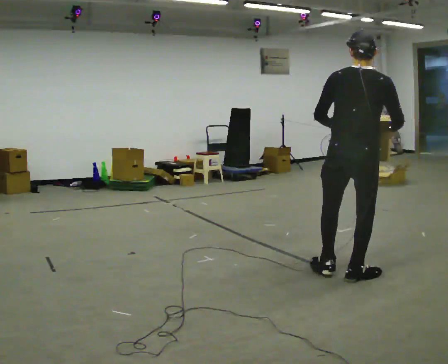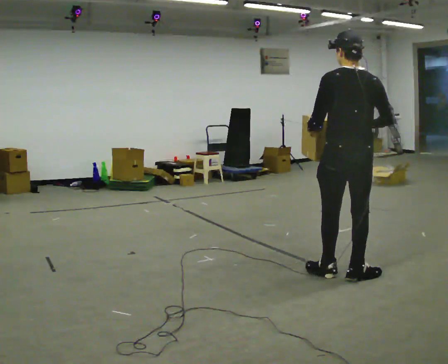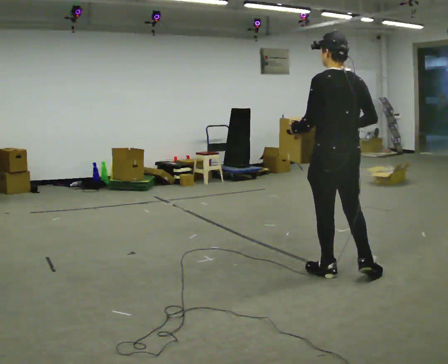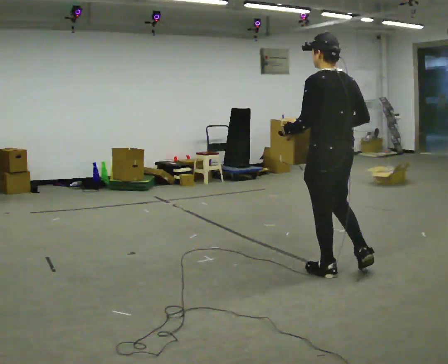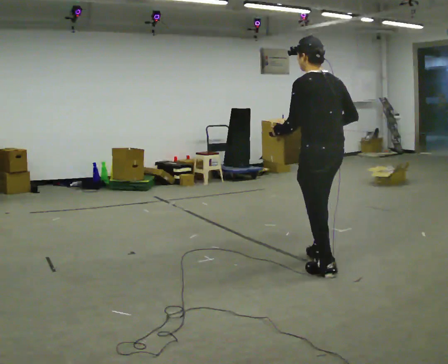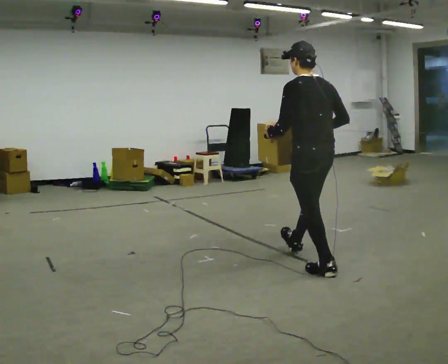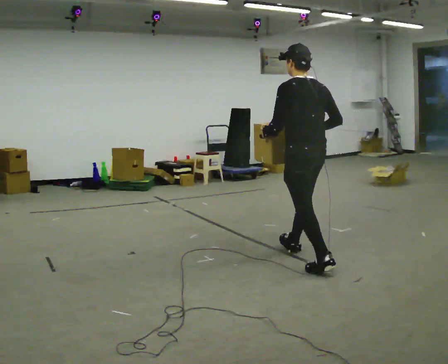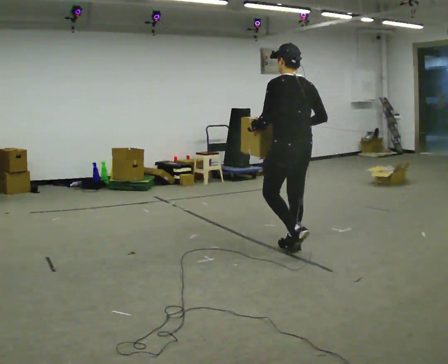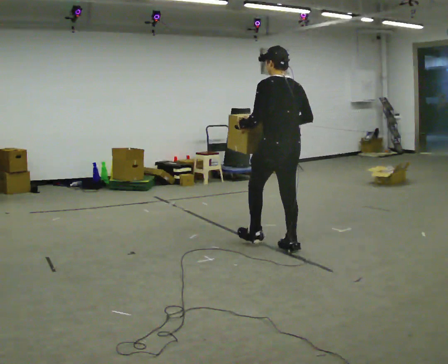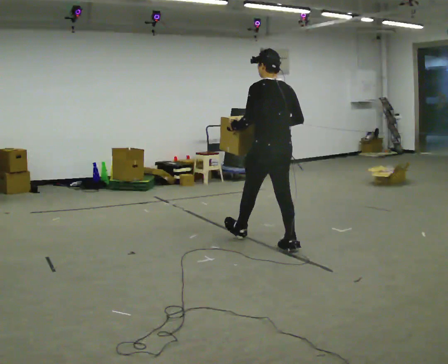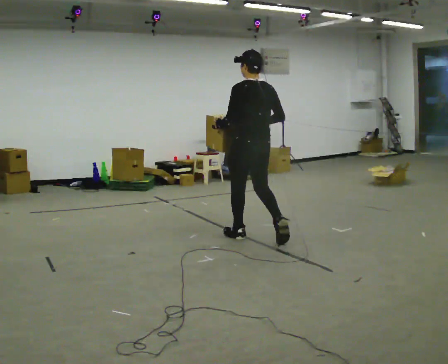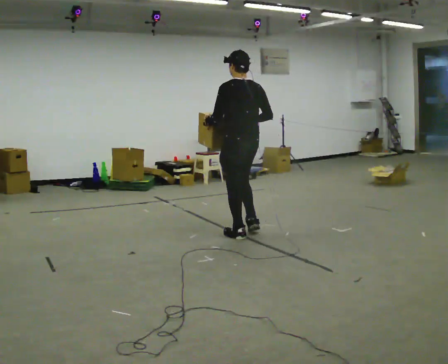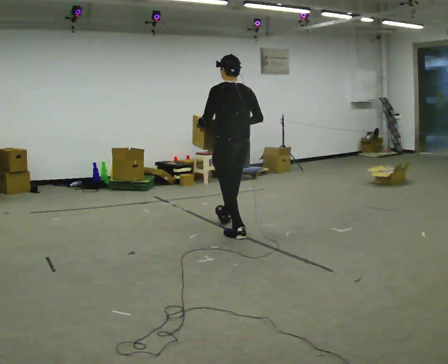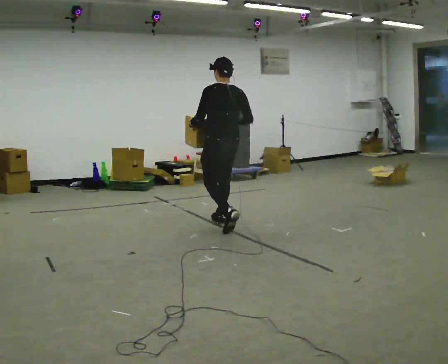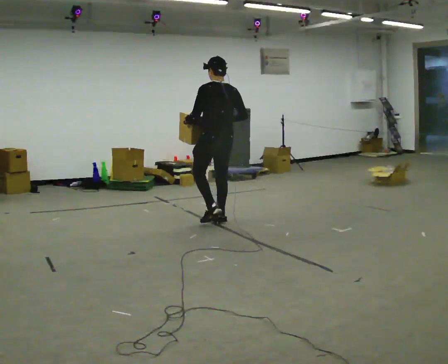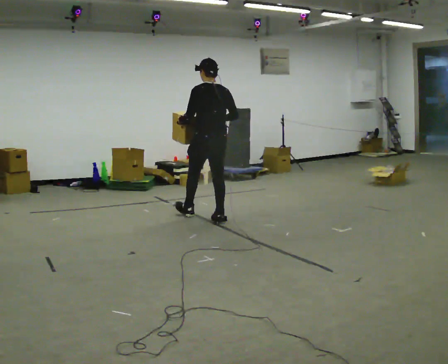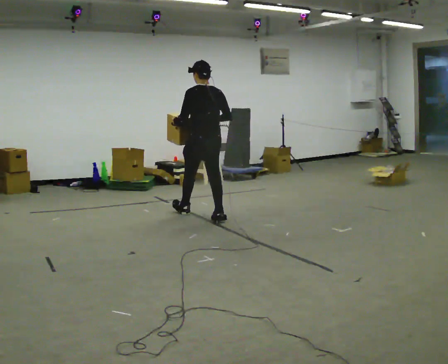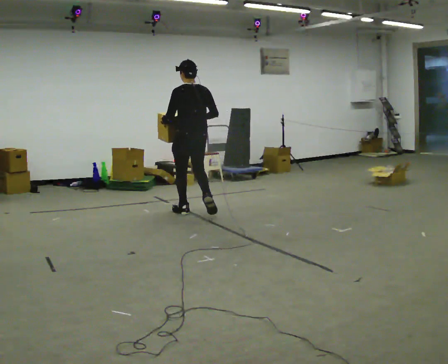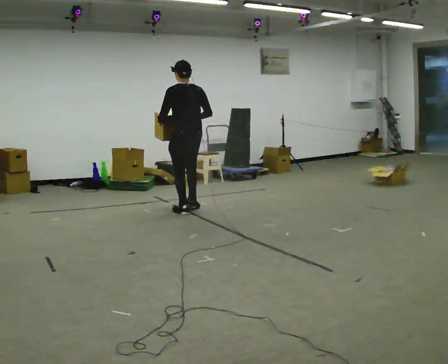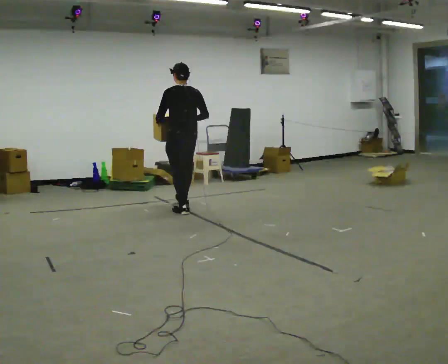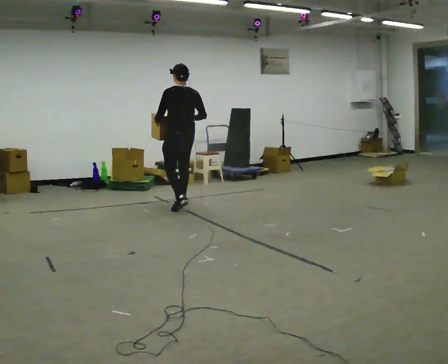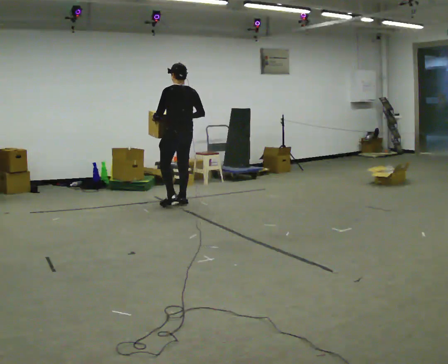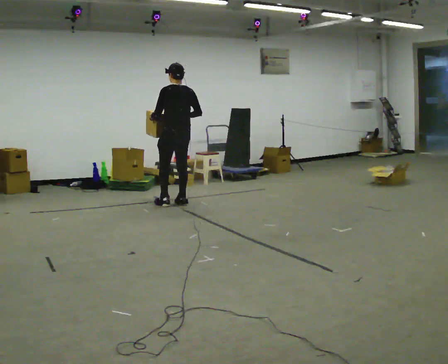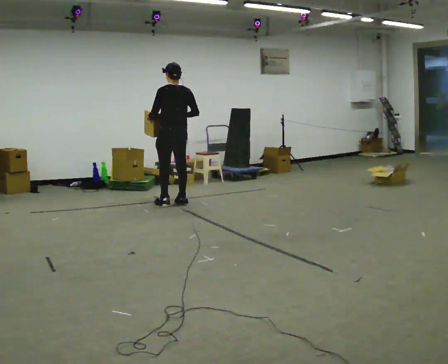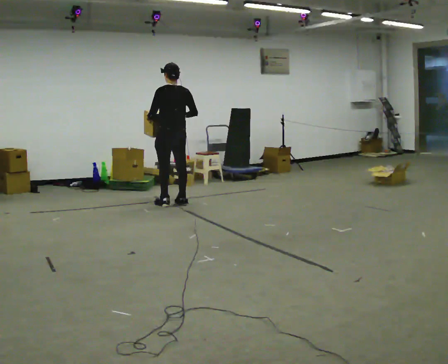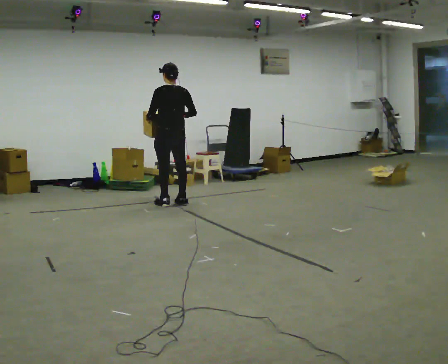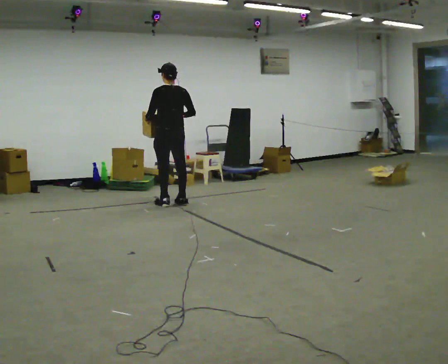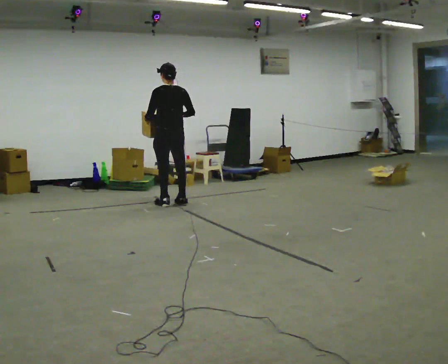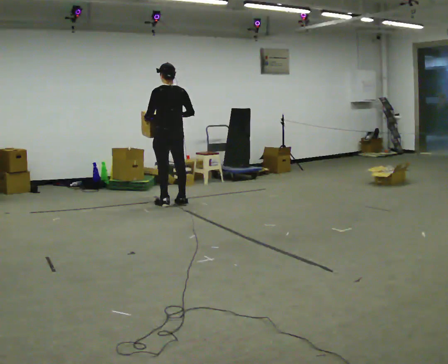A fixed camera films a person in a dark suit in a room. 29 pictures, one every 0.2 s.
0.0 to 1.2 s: The part of the body nearest the lens slides to the right as the person turns to their left by about 30 degrees. In the picture they go away from the camera and to the left, about 0.5 m in 1 step, which for them is forward.
1.2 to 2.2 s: In the picture they go away from the camera and to the left, about 1 m in 1 step, which for them is forward.
2.2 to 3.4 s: In the picture they go away from the camera and to the left, about 1 m in 2 steps, which for them is forward.
3.4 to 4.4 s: In the picture they go away from the camera and to the left, about 0.5 m in 2 steps, which for them is forward.
4.4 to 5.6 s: The person moves a little, or ends about where they began.
The film runs forward here.
